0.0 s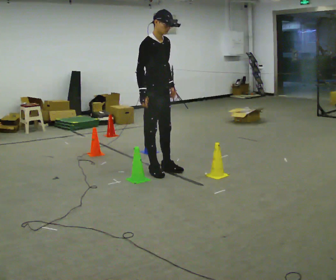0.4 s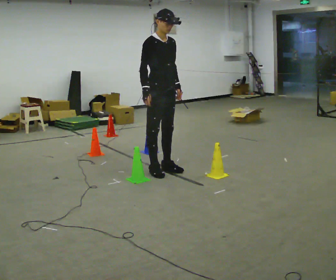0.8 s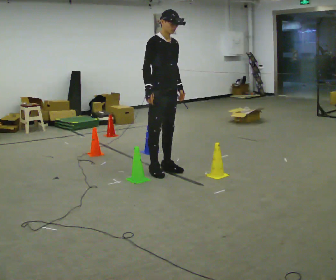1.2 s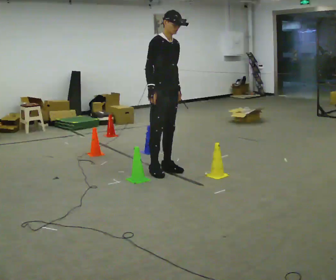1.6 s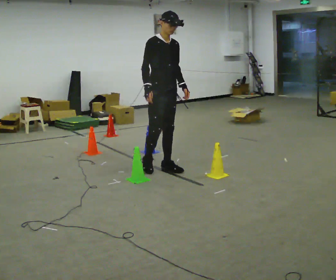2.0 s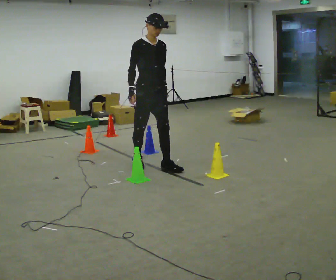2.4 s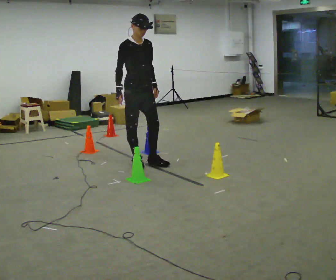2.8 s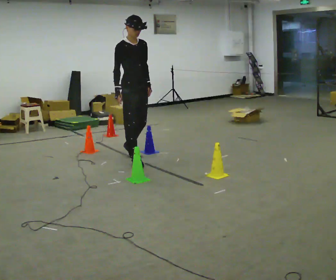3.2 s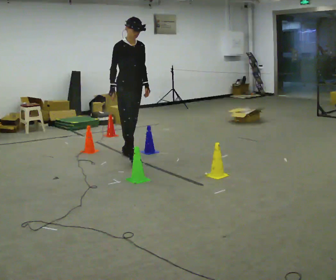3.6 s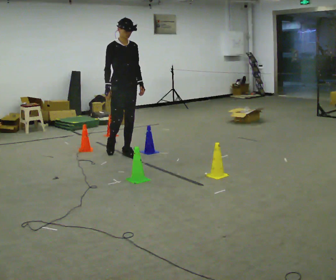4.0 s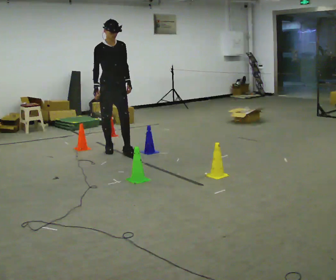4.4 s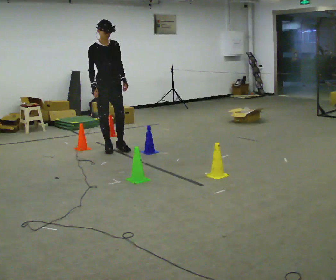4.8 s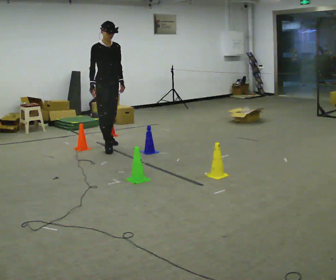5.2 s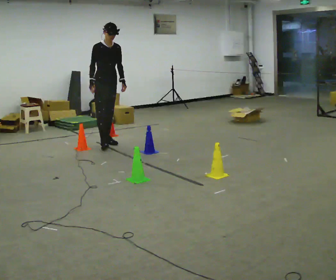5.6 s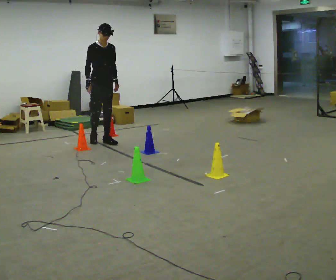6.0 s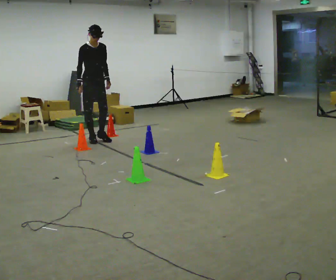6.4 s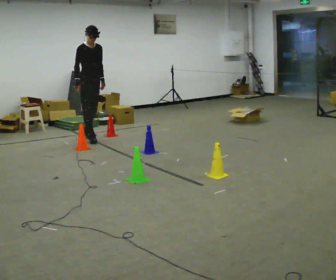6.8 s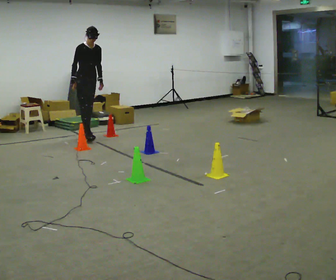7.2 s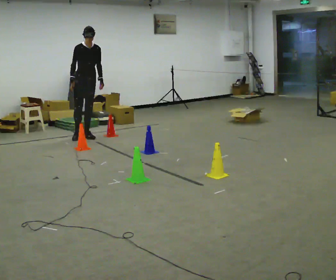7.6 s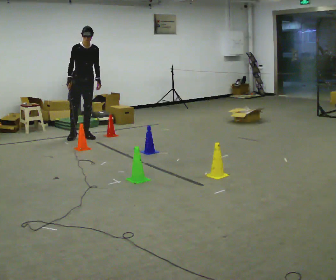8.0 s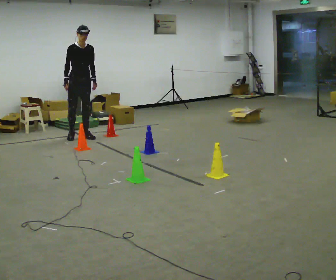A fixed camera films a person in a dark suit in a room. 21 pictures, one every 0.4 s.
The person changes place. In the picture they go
away from the camera.
0.0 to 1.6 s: The person moves a little, or ends about where they began.
1.6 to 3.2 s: In the picture they go away from the camera and to the left, about 0.75 m in 2 steps, which for them is backward.
3.2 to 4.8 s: In the picture they go away from the camera and to the left, about 0.5 m in 1 step, which for them is backward.
4.8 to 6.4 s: In the picture they go away from the camera and to the left, about 0.5 m in 2 steps, which for them is backward.
6.4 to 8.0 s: In the picture they go away from the camera, about 0.25 m in 1 step, which for them is backward.
The film runs backward here.
